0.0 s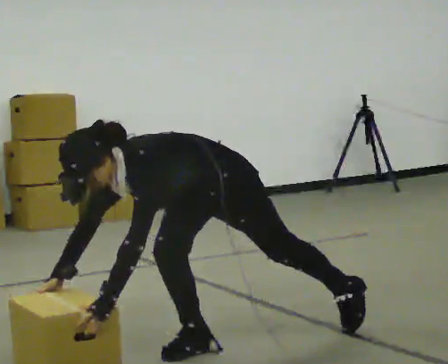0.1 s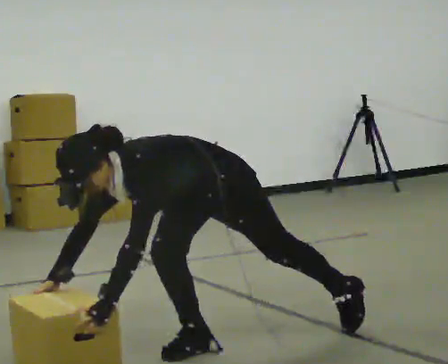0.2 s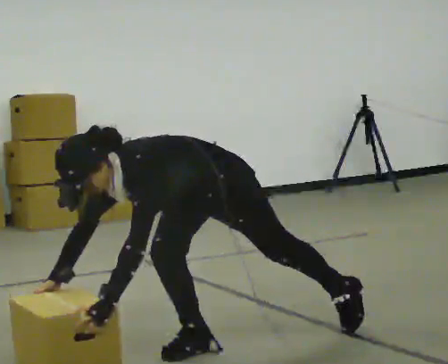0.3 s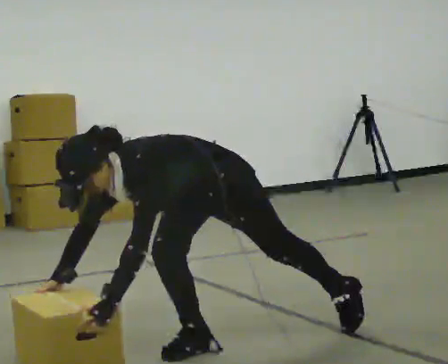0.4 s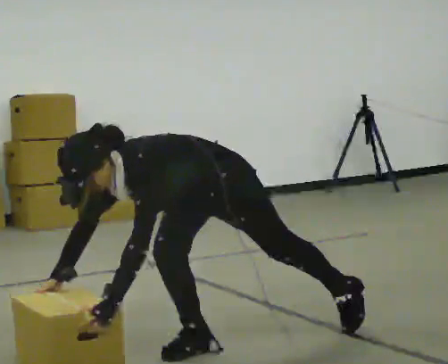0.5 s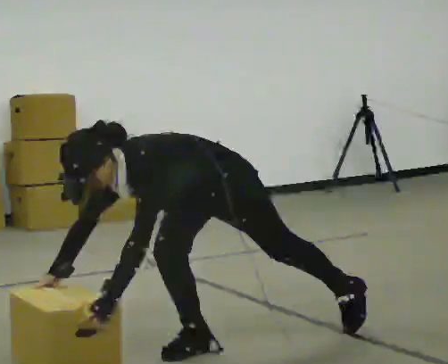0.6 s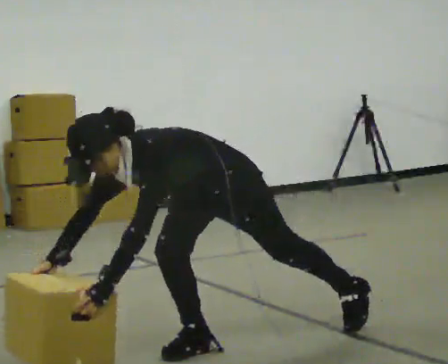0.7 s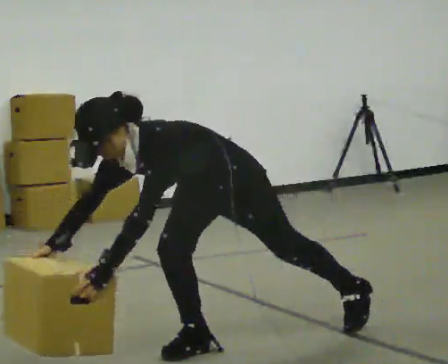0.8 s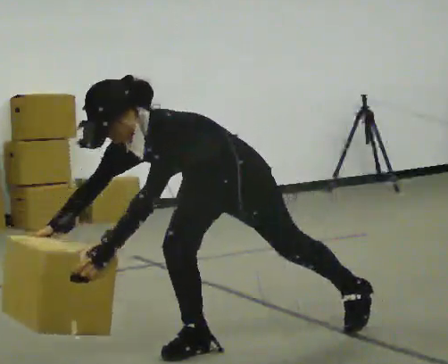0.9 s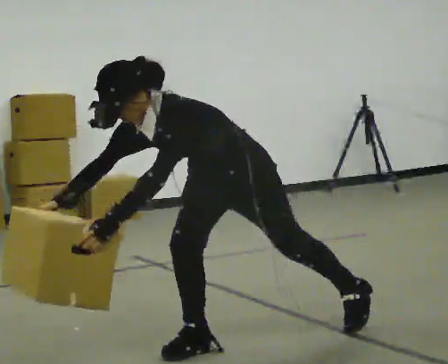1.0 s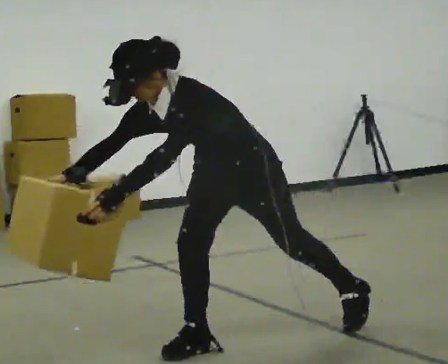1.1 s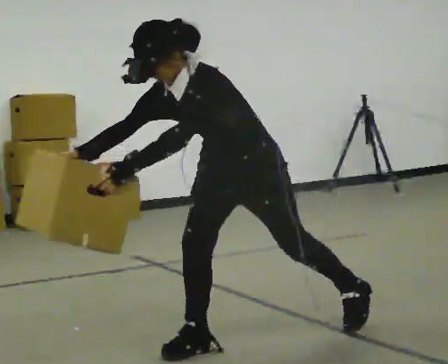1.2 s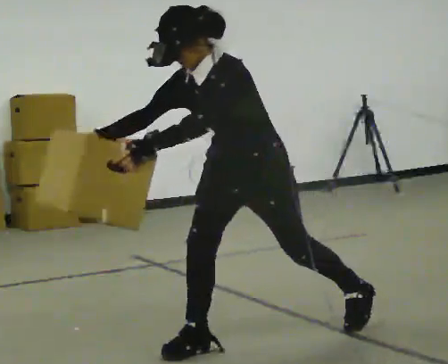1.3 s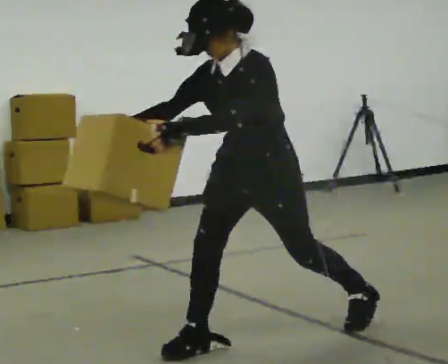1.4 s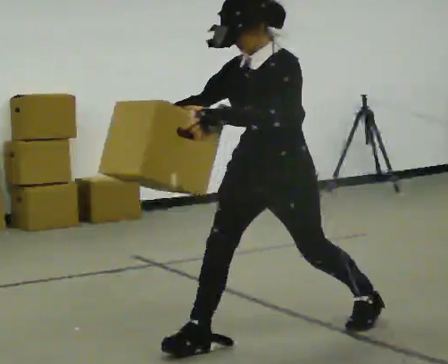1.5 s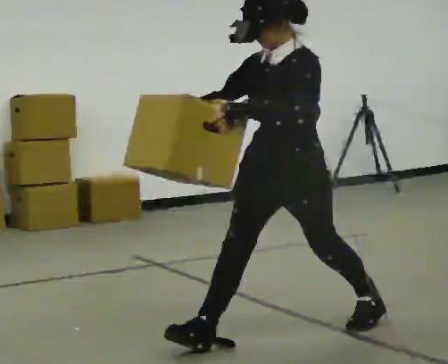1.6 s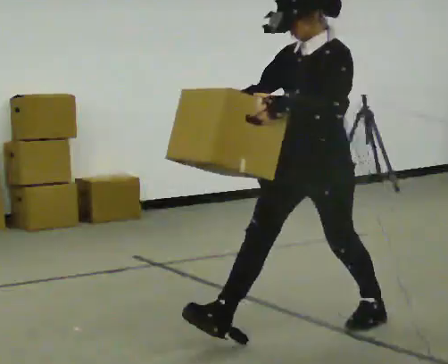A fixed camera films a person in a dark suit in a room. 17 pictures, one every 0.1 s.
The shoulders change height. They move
upward.
The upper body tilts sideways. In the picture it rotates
clockwise.
0.0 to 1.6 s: In the picture they go to the right and away from the camera, about 0.5 m in 1 step, which for them is backward. The shoulders move upward. In the picture the upper body tilts clockwise, shoulders to the right, as they lean back or straighten. In the picture their left hand goes upward.
The film runs backward here.
